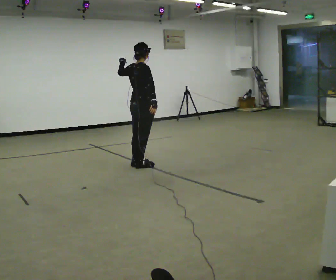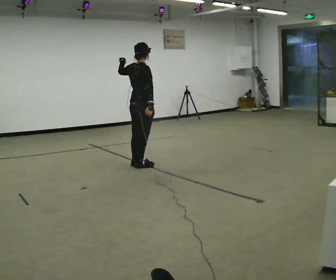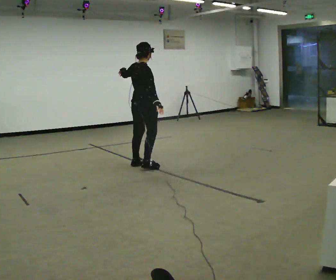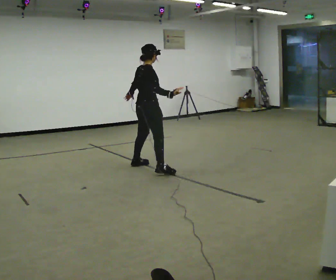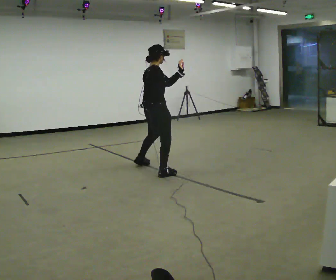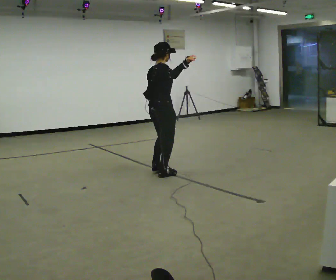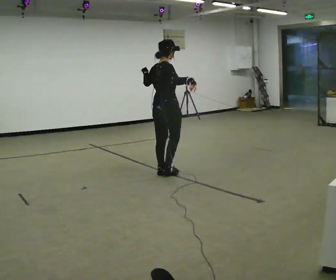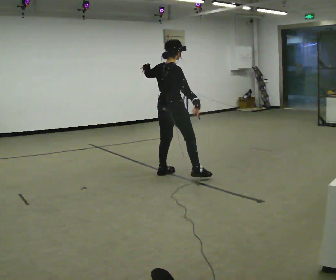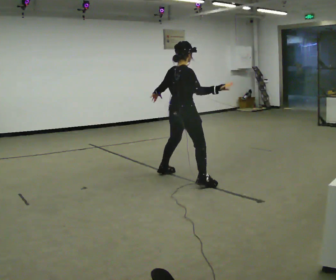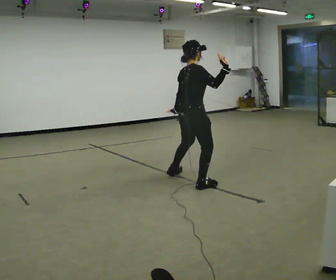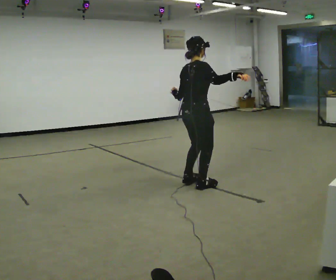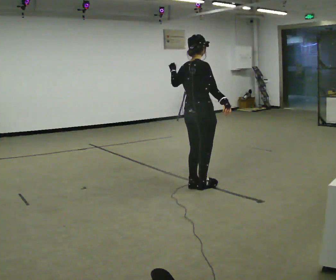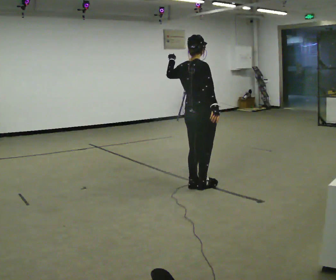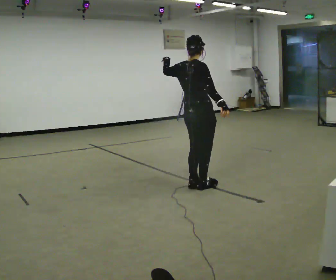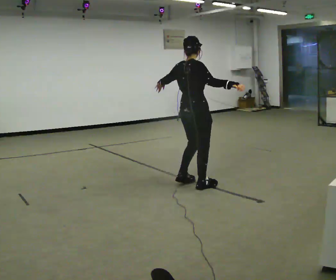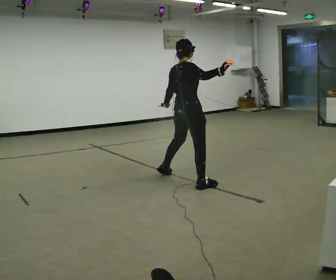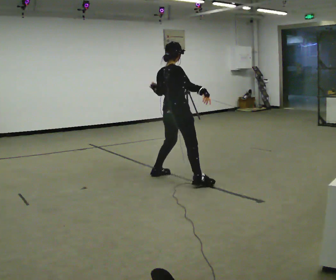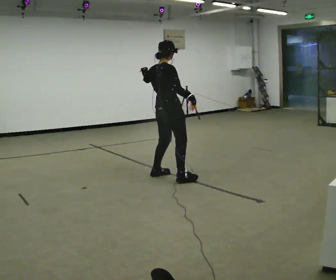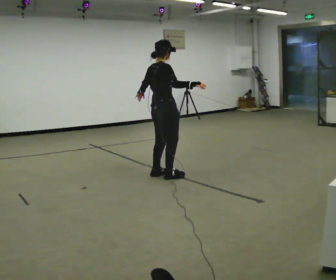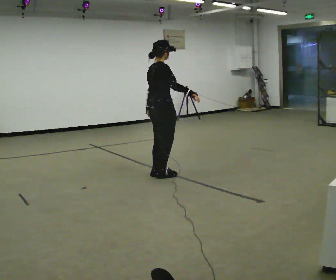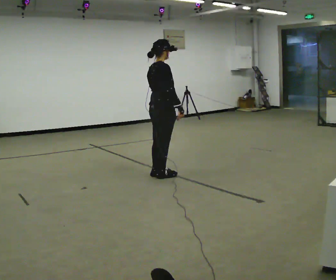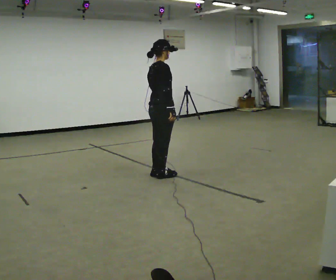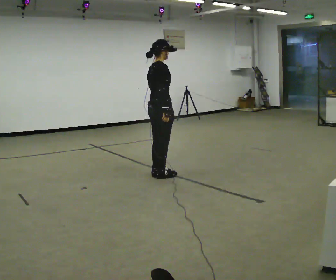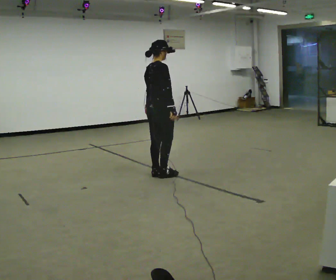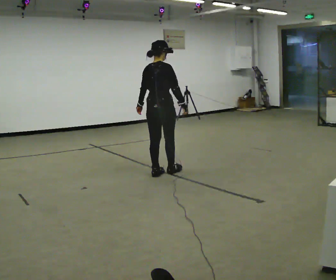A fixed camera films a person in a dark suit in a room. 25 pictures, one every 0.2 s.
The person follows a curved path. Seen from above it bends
clockwise.
0.0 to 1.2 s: In the picture they go toward the camera and to the right, about 0.5 m in 3 steps, which for them is to their right. In the picture their right hand goes upward.
1.2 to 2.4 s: In the picture they go toward the camera and to the right, about 0.75 m in 1 step, which for them is to their right.
2.4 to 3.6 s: In the picture they go away from the camera and to the left, about 0.5 m in 2 steps, which for them is to their left. In the picture their left hand goes downward.
3.6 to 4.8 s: The person moves a little, or ends about where they began.
The film runs backward here.
